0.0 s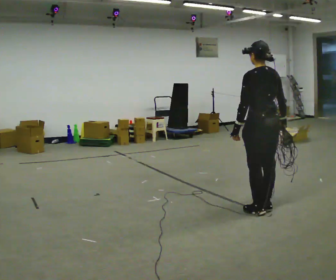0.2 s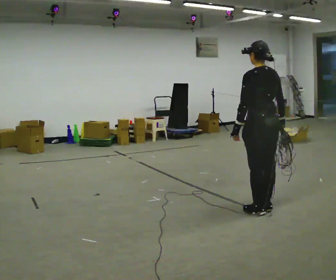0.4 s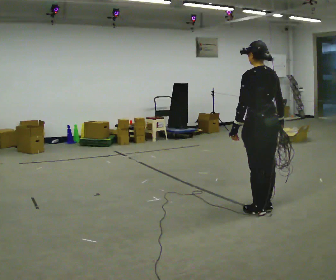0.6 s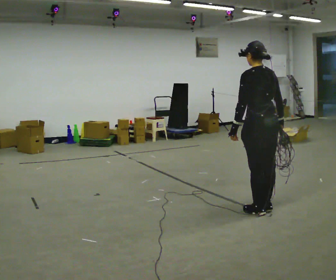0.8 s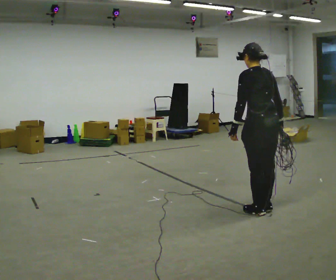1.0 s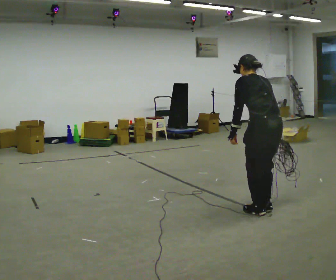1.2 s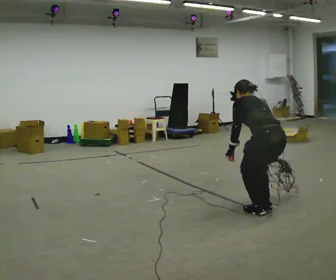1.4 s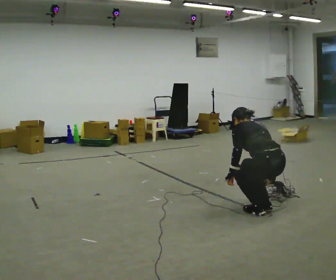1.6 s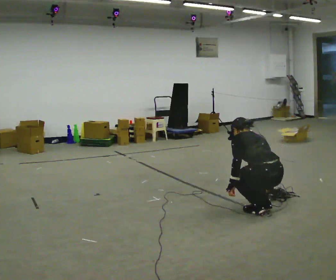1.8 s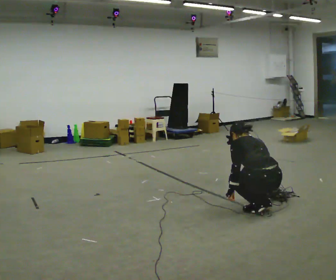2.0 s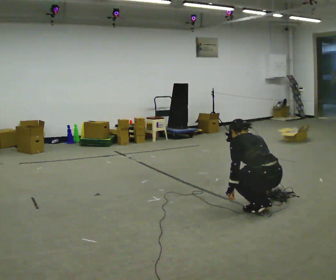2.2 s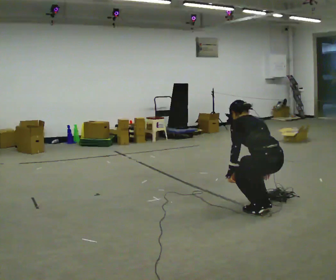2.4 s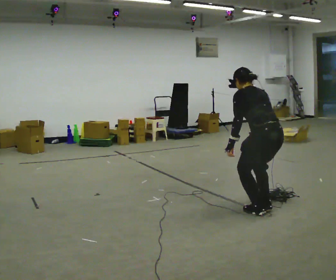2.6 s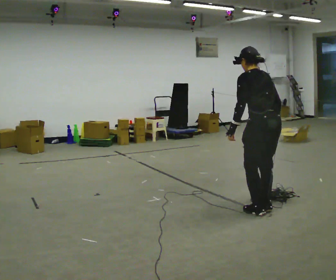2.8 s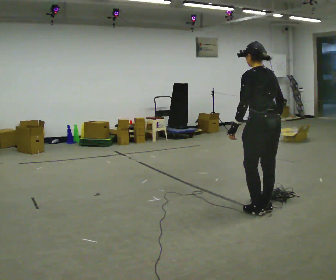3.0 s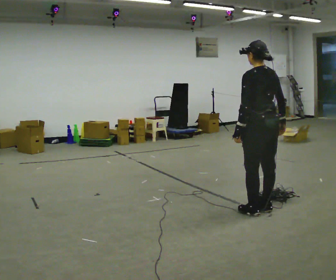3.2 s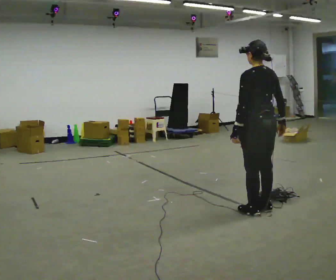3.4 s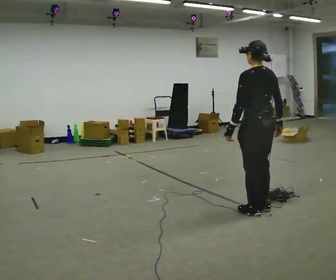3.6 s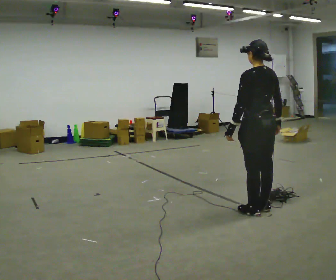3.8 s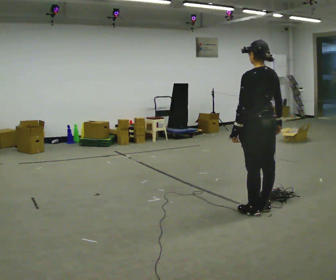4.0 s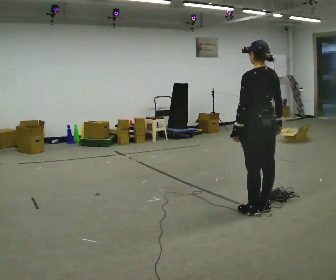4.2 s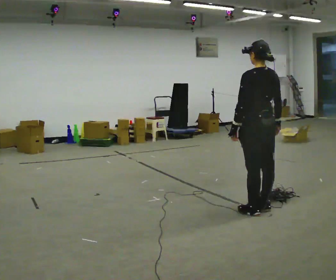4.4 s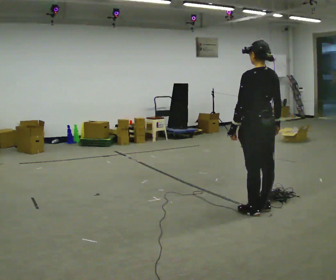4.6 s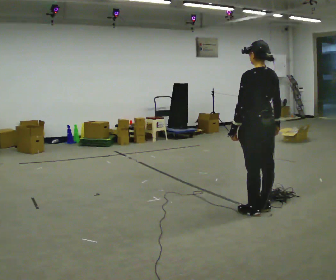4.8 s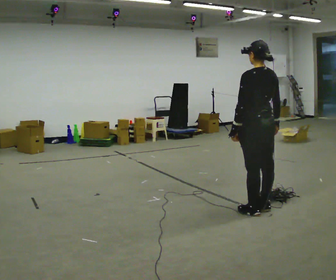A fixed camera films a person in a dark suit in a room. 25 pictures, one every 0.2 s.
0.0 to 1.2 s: In the picture they go toward the camera, about 0.25 m, which for them is backward. The shoulders move downward. The upper body tips away from the camera, its near side rolling upward, as they bend forward.
1.2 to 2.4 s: The upper body tips toward the camera, its near side rolling downward, as they lean back or straighten.
2.4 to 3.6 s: The shoulders move upward. The upper body tips toward the camera, its near side rolling downward, as they lean back or straighten.
3.6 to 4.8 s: The person moves a little, or ends about where they began.
The film runs forward here.
